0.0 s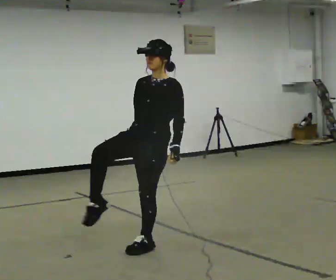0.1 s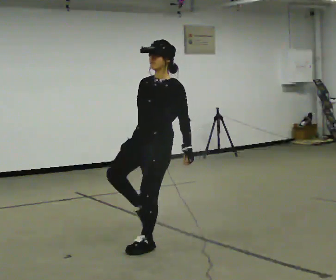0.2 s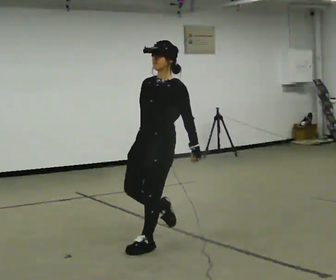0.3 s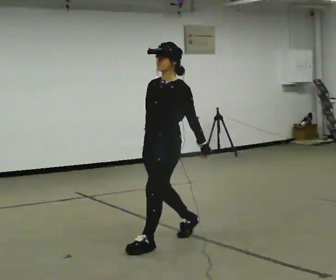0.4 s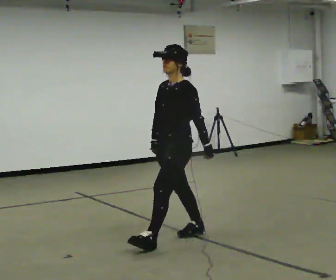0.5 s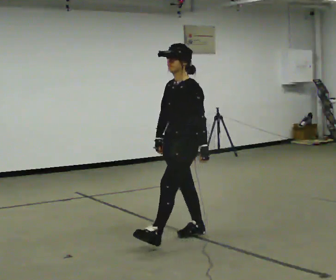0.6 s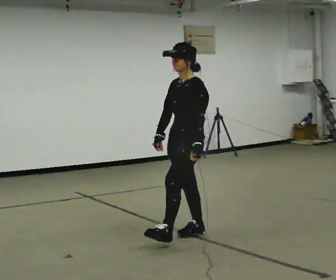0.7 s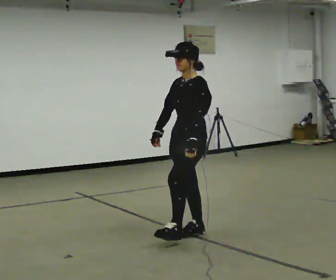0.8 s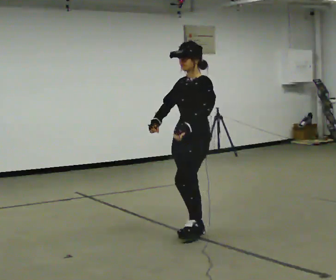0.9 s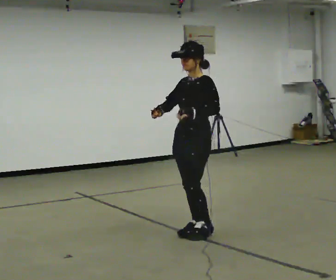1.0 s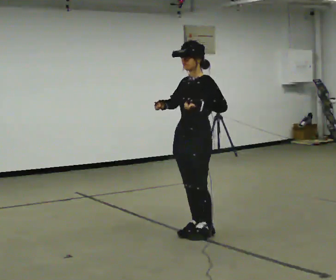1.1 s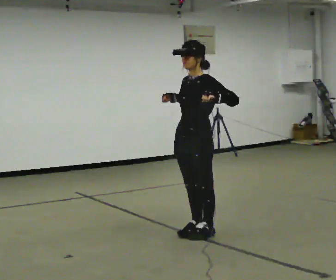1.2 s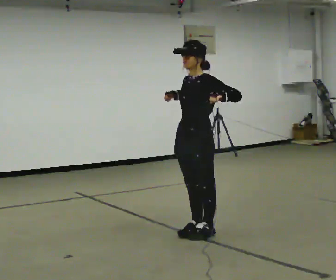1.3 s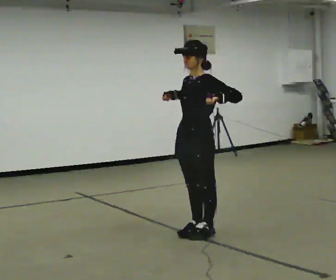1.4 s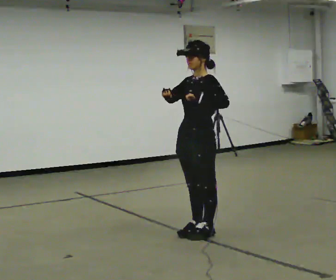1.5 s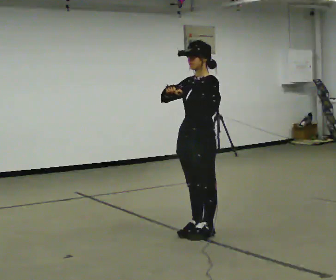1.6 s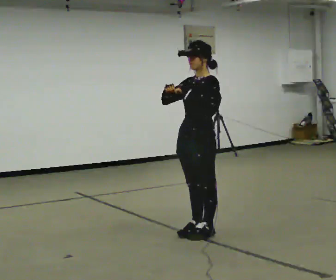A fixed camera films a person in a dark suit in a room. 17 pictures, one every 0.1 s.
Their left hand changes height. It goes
upward.
0.0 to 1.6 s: Seen from above the body turns clockwise, about 30 degrees: to their right, with its near side sliding to the left. In the picture they go to the right and away from the camera, about 0.5 m in 1 step, which for them is backward. In the picture their left hand goes upward.
The film runs backward here.
